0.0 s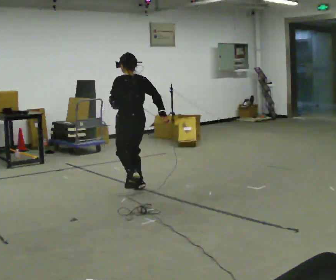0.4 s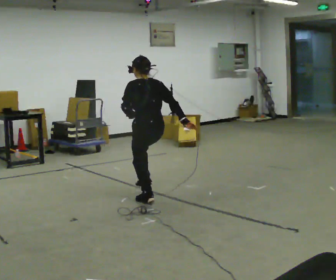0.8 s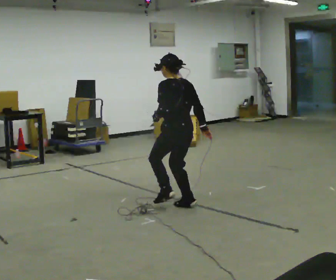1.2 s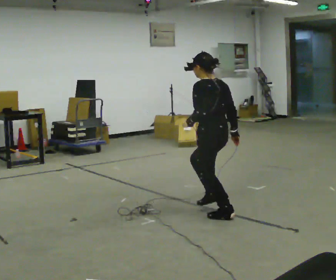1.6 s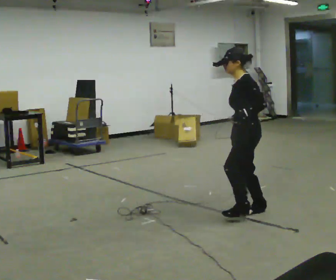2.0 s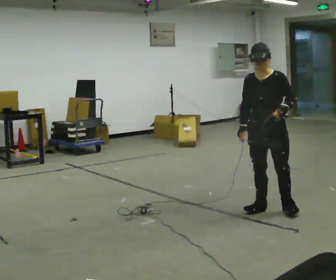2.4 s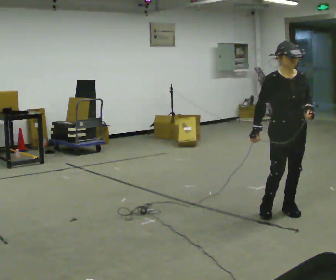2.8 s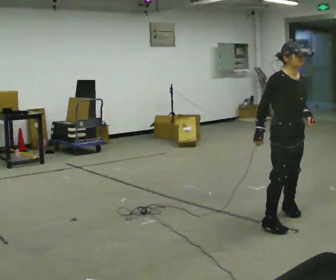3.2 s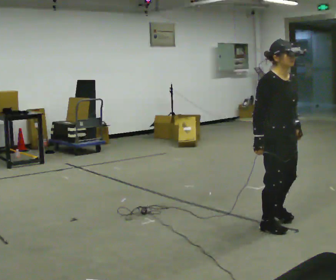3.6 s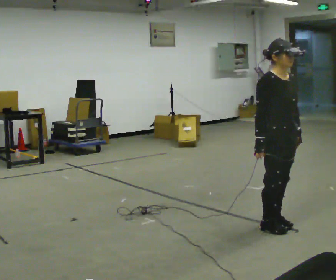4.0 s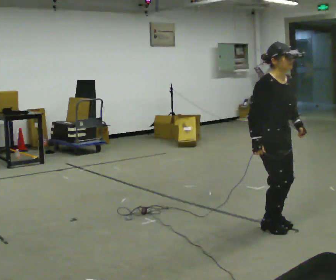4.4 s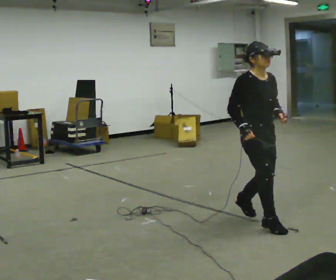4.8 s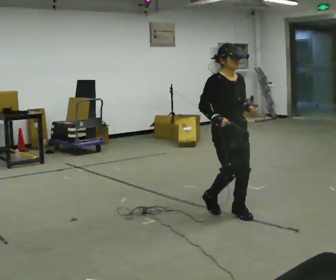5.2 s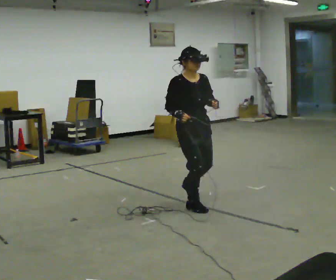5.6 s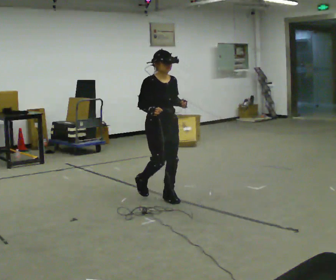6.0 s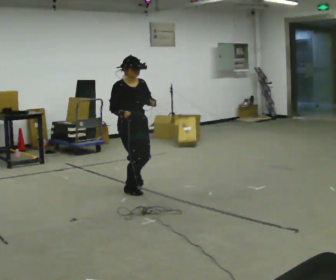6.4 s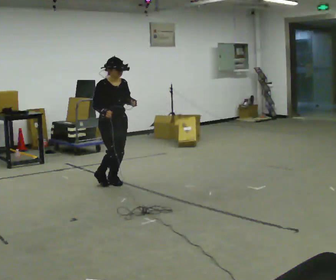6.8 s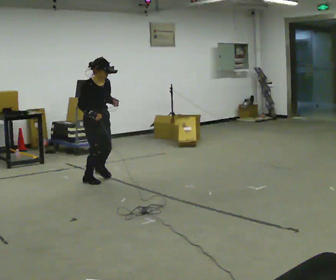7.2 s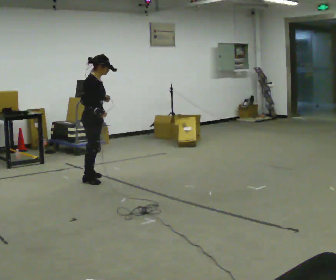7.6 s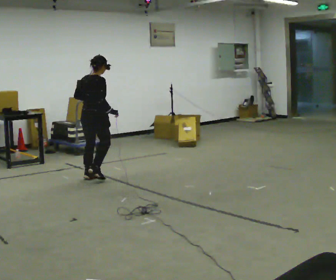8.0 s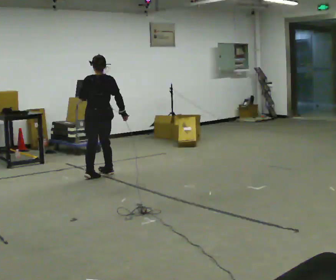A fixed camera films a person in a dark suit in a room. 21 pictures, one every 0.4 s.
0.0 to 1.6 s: The part of the body nearest the lens slides to the right as the person turns to their left by about 60 degrees. In the picture they go to the right and toward the camera, about 1.5 m in 4 steps.
1.6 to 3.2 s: The part of the body nearest the lens slides to the right as the person turns to their left by about 120 degrees. In the picture they go toward the camera and to the right, about 0.5 m in 2 steps.
3.2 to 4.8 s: In the picture they go to the left and away from the camera, about 0.5 m in 2 steps, which for them is backward.
4.8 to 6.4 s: In the picture they go to the left and away from the camera, about 1.5 m in 4 steps, which for them is backward.
6.4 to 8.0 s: The part of the body nearest the lens slides to the right as the person turns to their left by about 150 degrees. In the picture they go away from the camera and to the left, about 0.5 m in 3 steps.
The film runs forward here.
